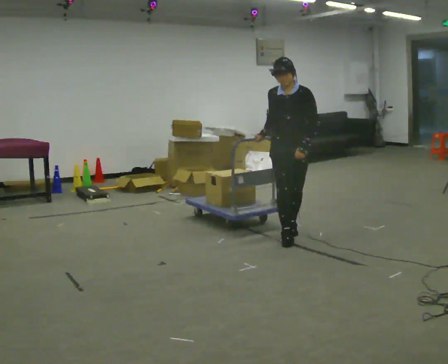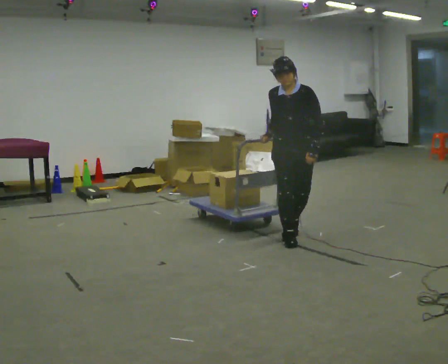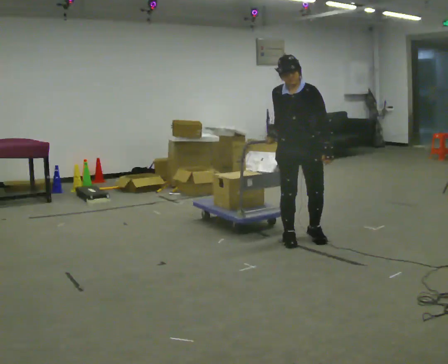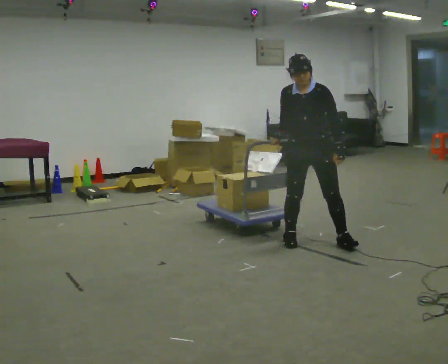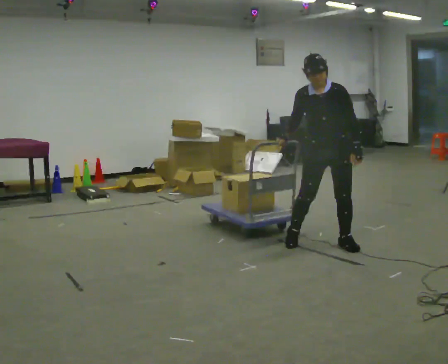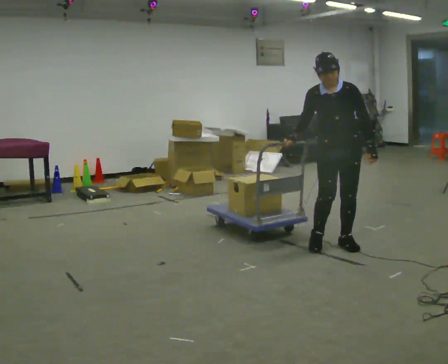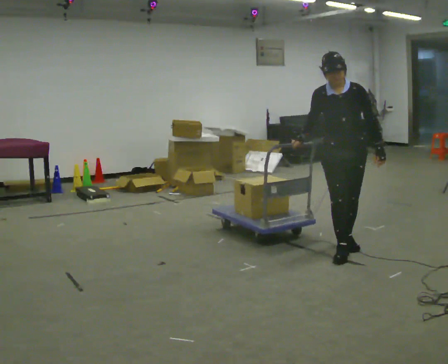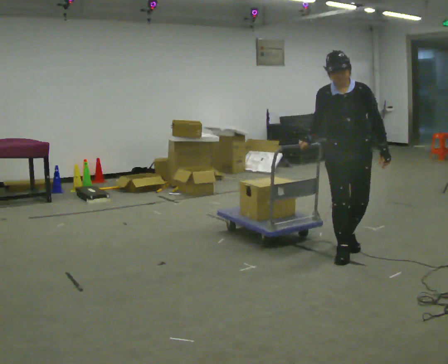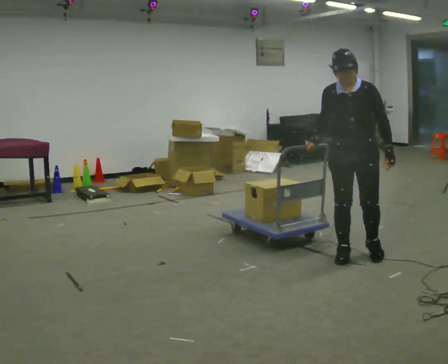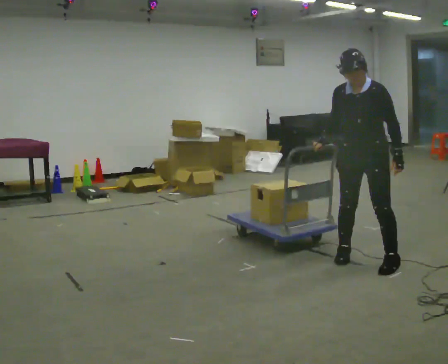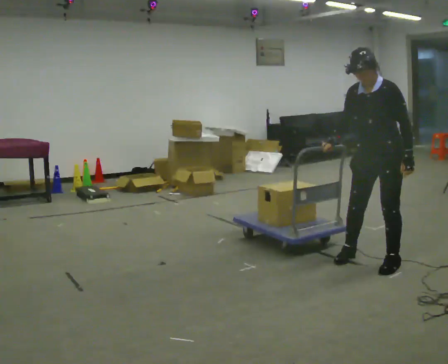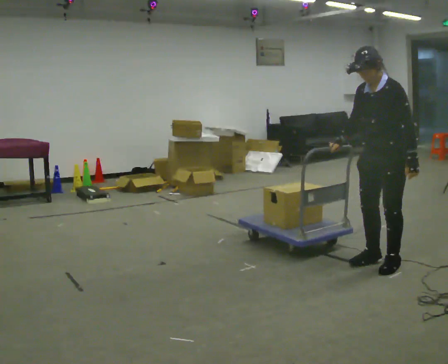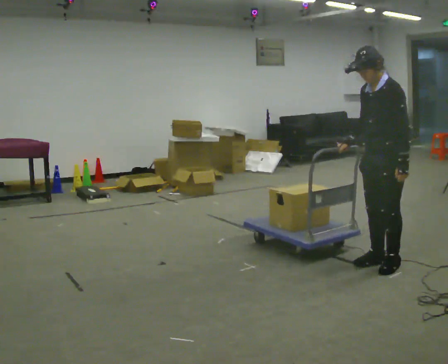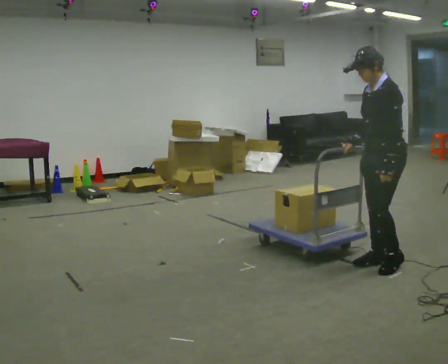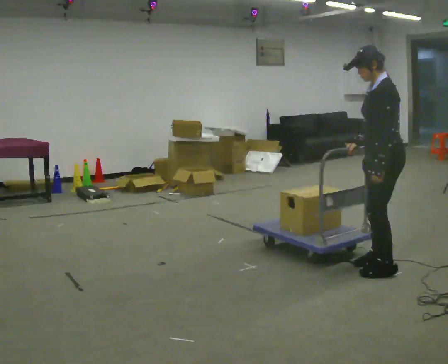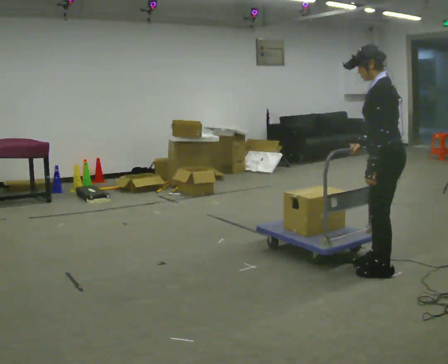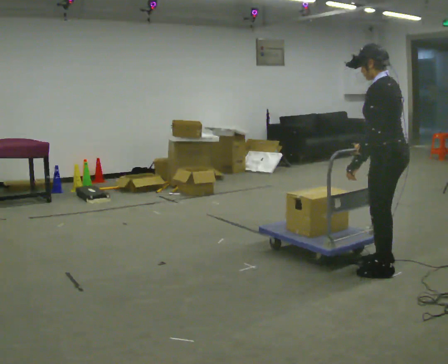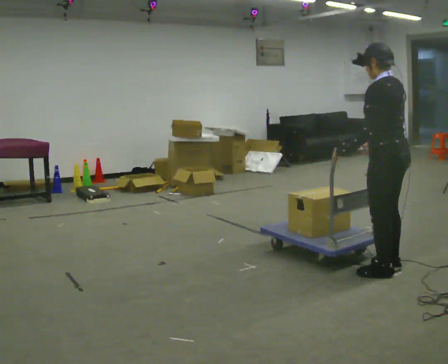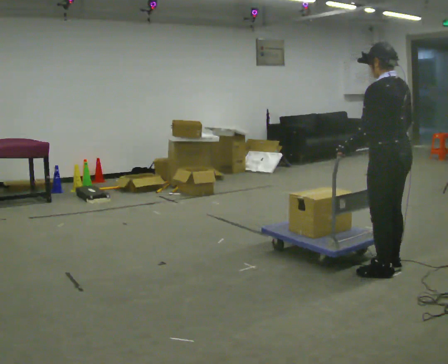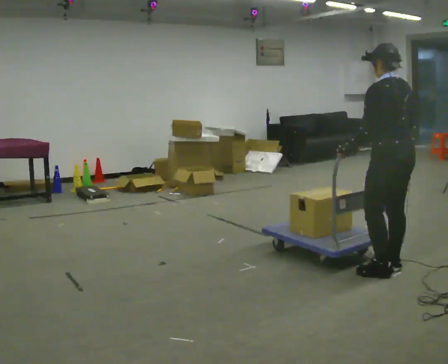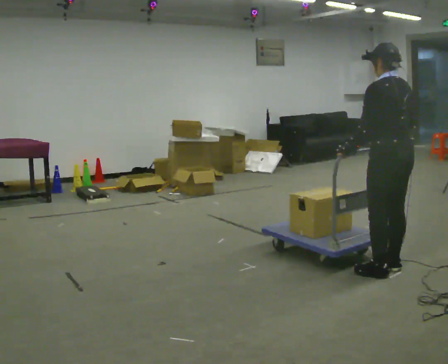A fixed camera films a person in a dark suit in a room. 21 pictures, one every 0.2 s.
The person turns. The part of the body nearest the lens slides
to the left.
The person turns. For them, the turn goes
to their right.
0.0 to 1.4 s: In the picture they go to the right and toward the camera, about 0.5 m in 3 steps, which for them is to their left and forward.
1.4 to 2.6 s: The part of the body nearest the lens slides to the left as the person turns to their right by about 75 degrees. In the picture they go to the right and toward the camera, about 0.5 m in 2 steps.
2.6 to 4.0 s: The part of the body nearest the lens slides to the left as the person turns to their right by about 75 degrees. In the picture their left hand goes to the left, the arm swinging clockwise.
The film runs forward here.
